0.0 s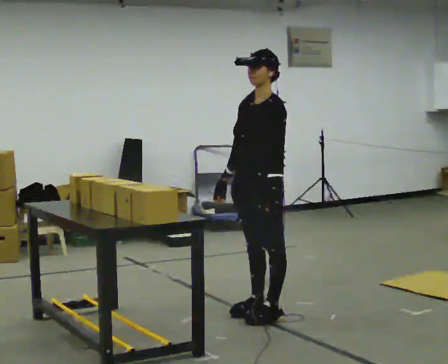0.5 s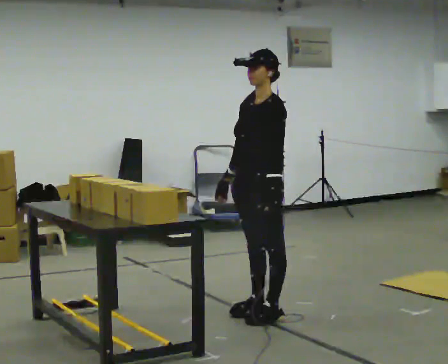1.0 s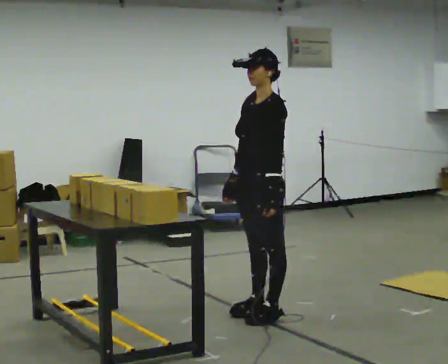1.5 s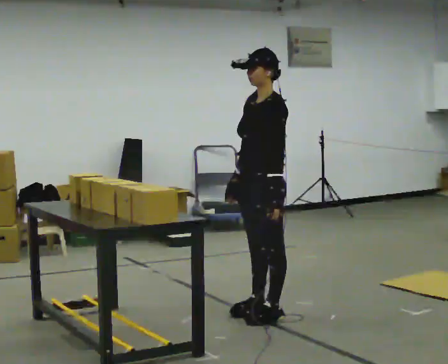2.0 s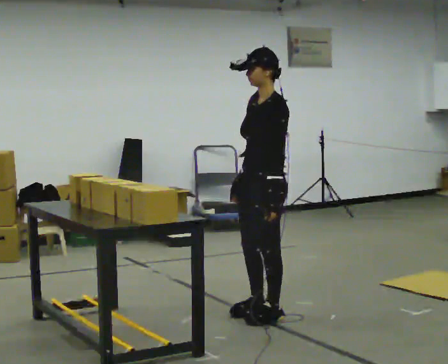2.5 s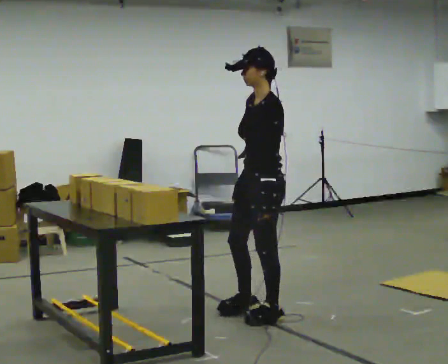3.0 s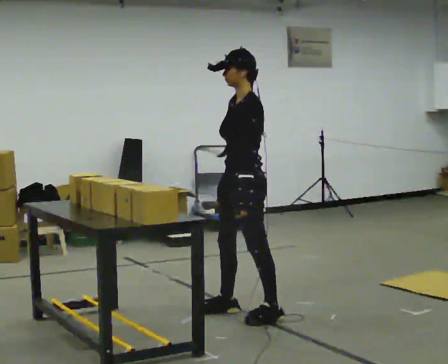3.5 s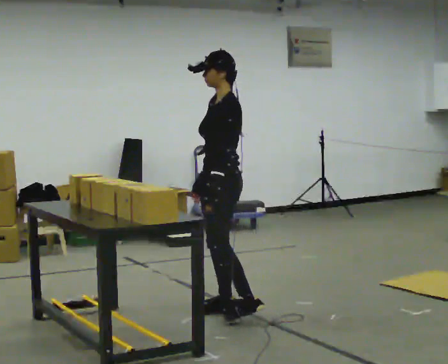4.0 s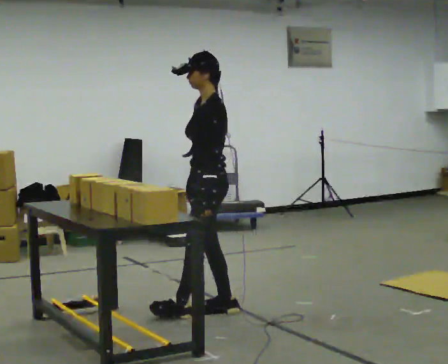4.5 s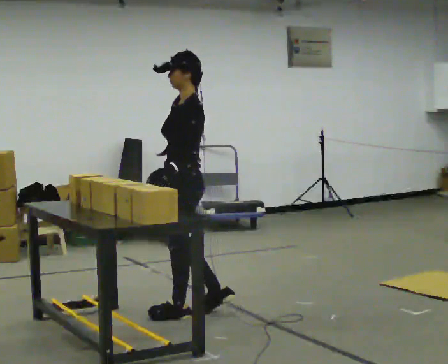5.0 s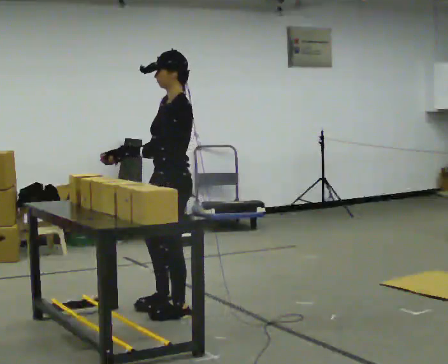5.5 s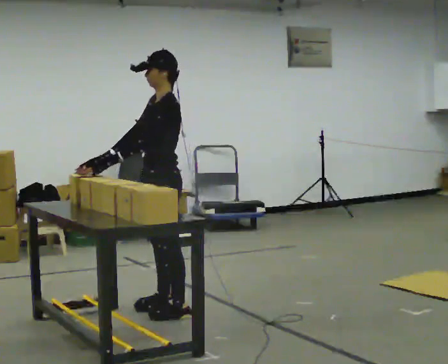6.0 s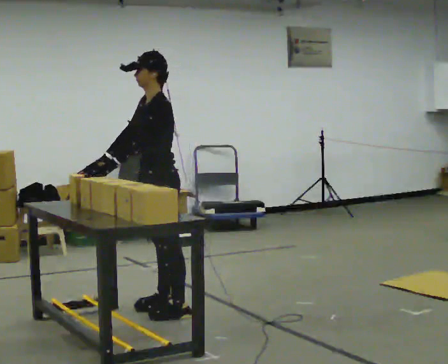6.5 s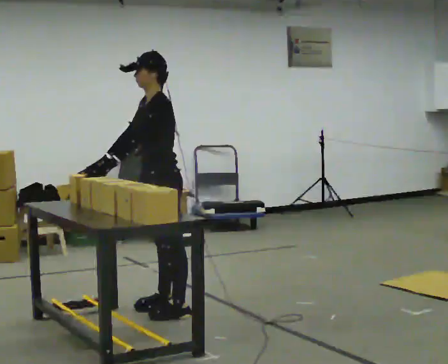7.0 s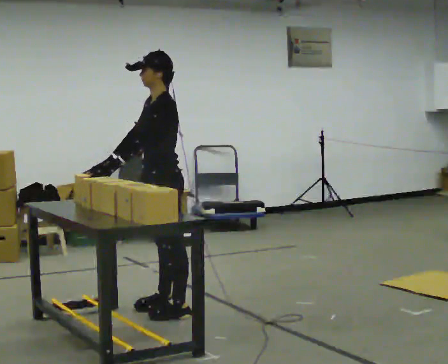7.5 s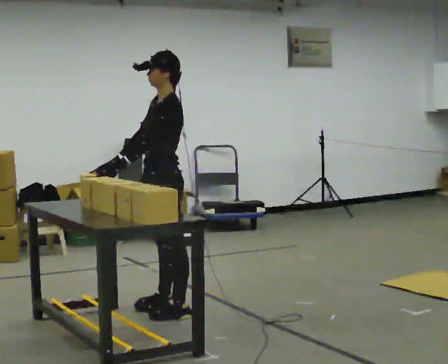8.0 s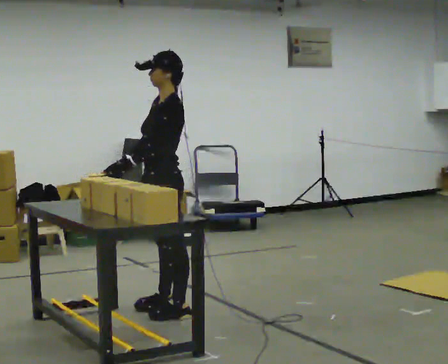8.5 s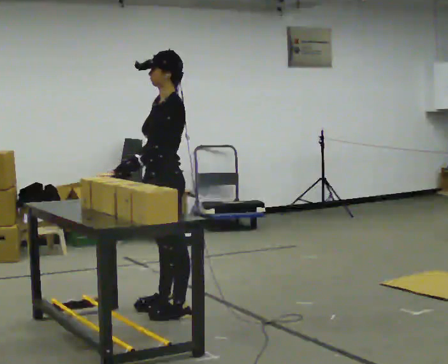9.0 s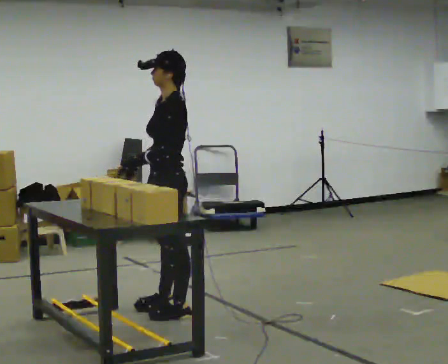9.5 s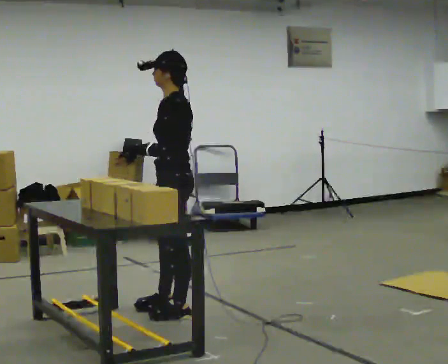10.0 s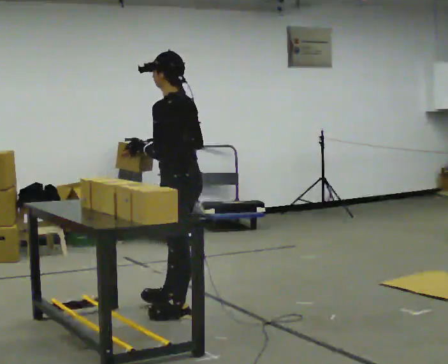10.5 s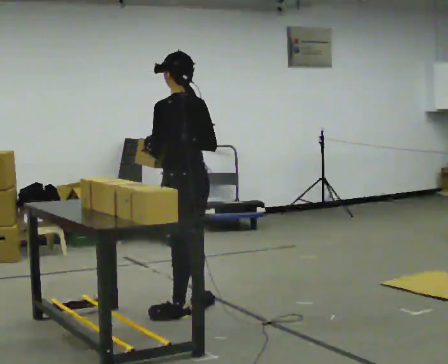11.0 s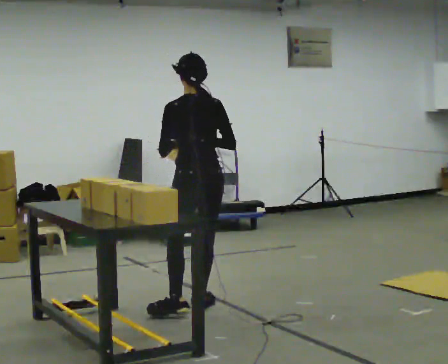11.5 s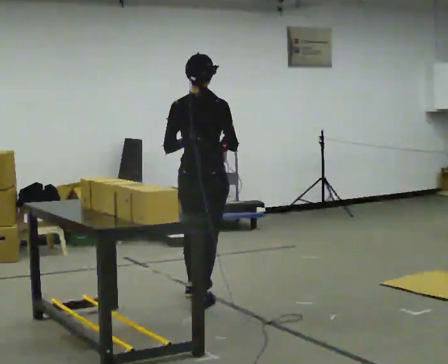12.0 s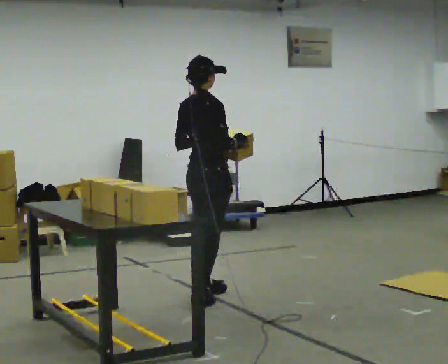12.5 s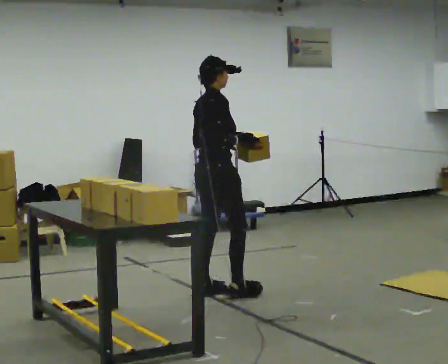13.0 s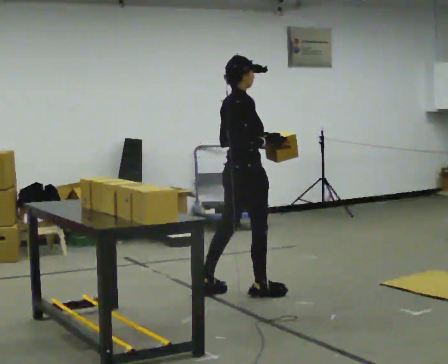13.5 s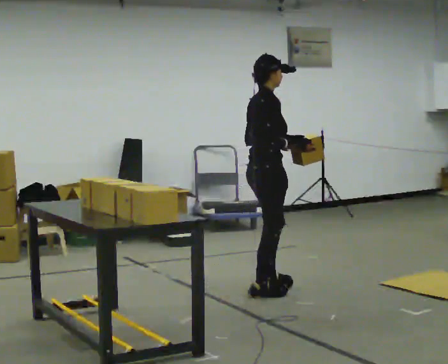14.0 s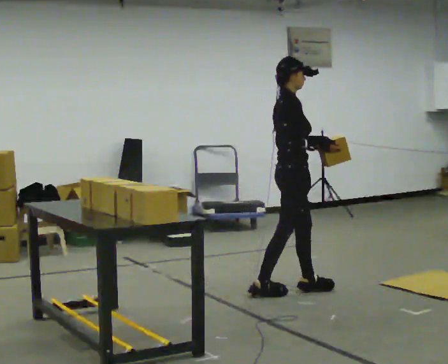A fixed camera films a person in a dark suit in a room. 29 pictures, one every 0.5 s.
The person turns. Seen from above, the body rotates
clockwise.
The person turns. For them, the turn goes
to their right.
0.0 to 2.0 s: The person moves a little, or ends about where they began.
2.0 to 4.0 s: In the picture they go to the left and away from the camera, about 0.25 m in 2 steps, which for them is forward and to their right.
4.0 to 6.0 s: In the picture they go to the left, about 0.25 m in 1 step, which for them is forward.
6.0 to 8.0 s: The person moves a little, or ends about where they began.
8.0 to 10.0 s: Seen from above the body turns clockwise, about 45 degrees: to their right, with its near side sliding to the left.
10.0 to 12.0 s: The person turns about 105 degrees to their right, clockwise seen from above, so the part of the body nearest the lens slides to the left. In the picture they go away from the camera, about 0.5 m in 2 steps.
12.0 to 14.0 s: Seen from above the body turns clockwise, about 45 degrees: to their right, with its near side sliding to the left. In the picture they go to the right, about 0.5 m in 2 steps, which for them is forward.
The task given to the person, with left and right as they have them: Carry the boxes over one at a time and lay them out on the pallet in the pattern the operator shows you. Keep going until the operator says stop; one object at a time, and do not rush between trips.
The film runs forward here.
